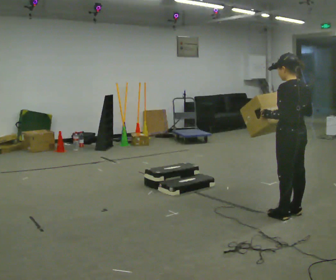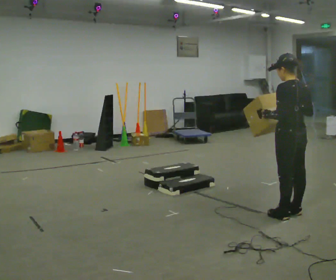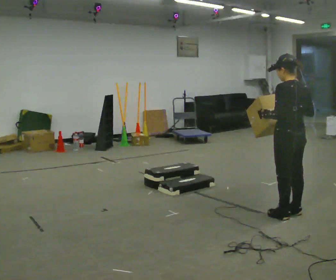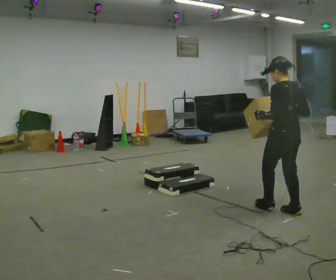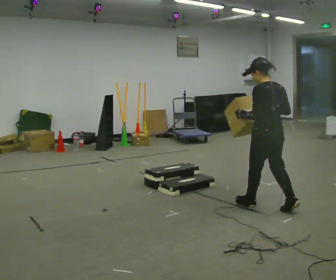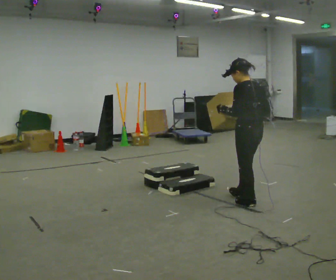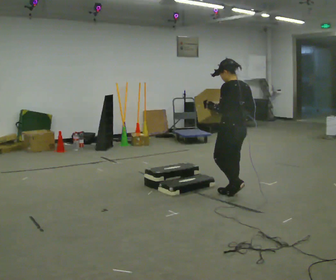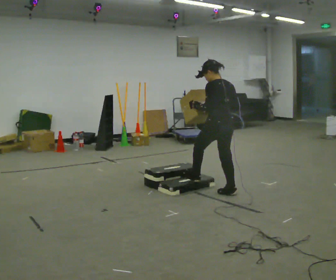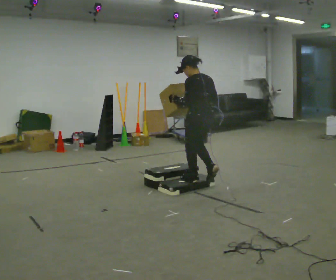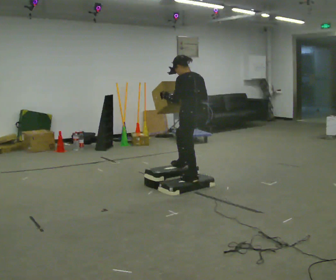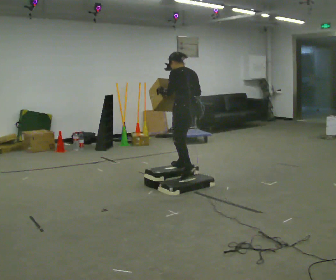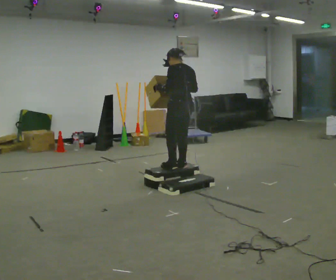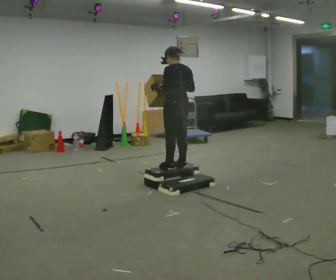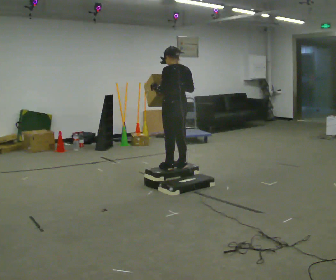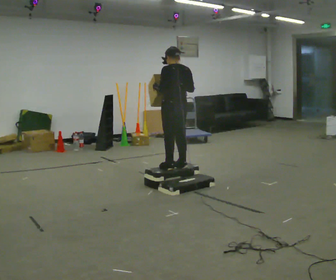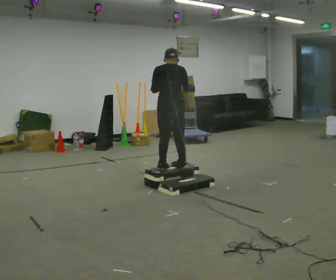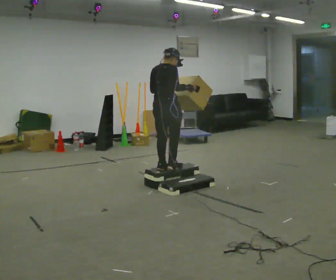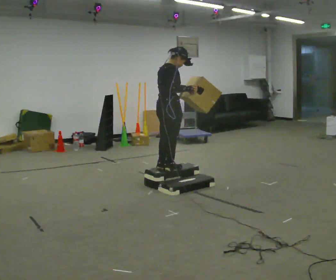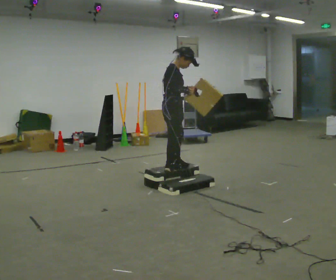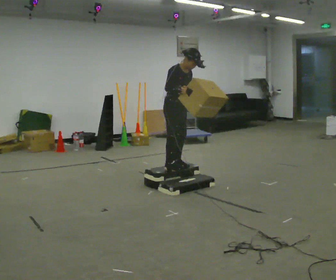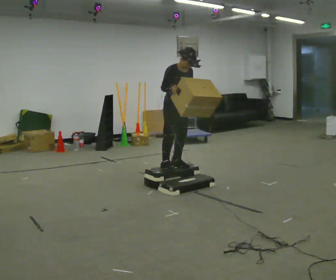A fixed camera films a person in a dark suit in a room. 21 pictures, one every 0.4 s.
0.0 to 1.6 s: In the picture they go away from the camera and to the left, about 0.25 m in 1 step, which for them is forward.
1.6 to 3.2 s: In the picture they go away from the camera and to the left, about 1 m in 2 steps, which for them is forward.
3.2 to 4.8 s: In the picture they go away from the camera and to the left, about 0.5 m in 2 steps, which for them is forward.
4.8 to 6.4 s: The person turns about 75 degrees to their right, clockwise seen from above, so the part of the body nearest the lens slides to the left. In the picture they go to the left, about 0.25 m.
6.4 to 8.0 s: Seen from above the body turns clockwise, about 105 degrees: to their right, with its near side sliding to the left.
The film runs forward here.
